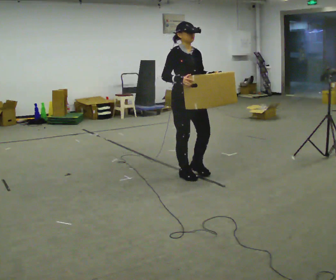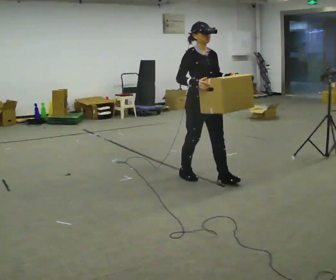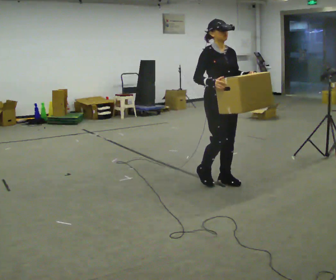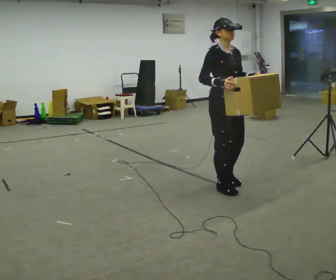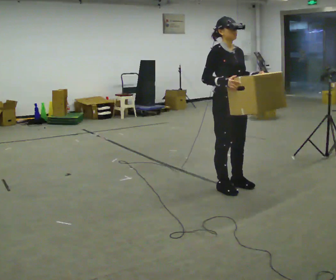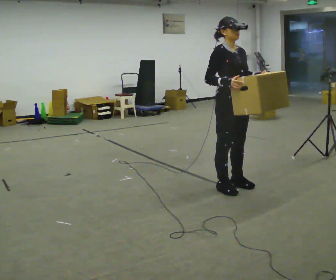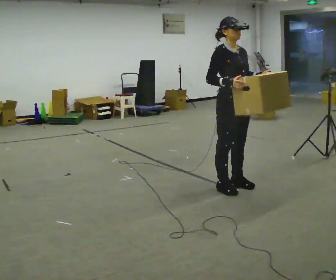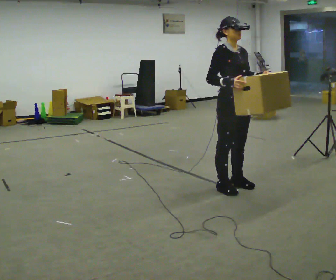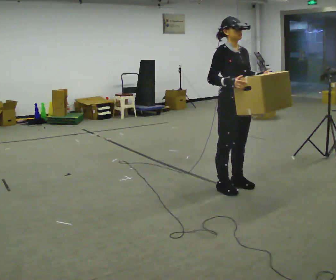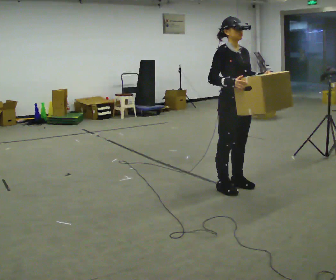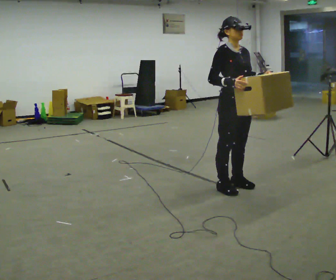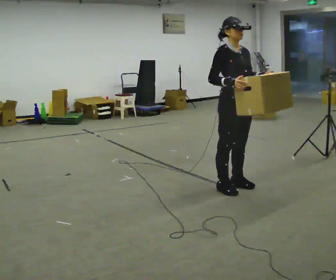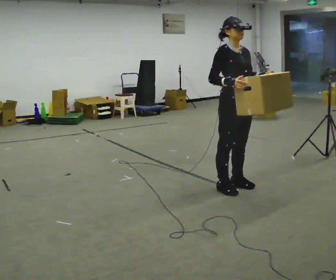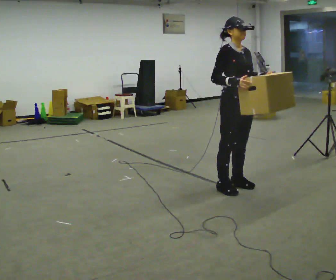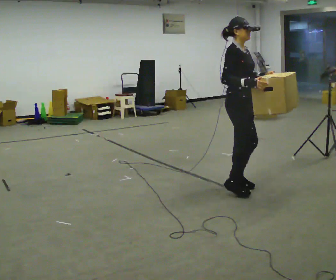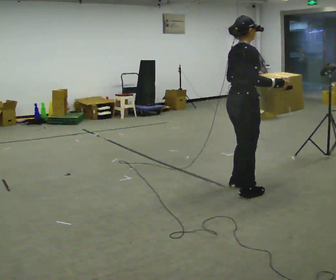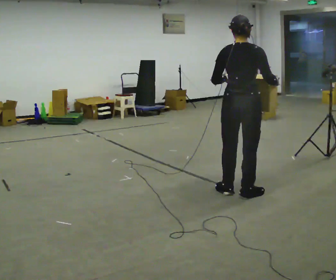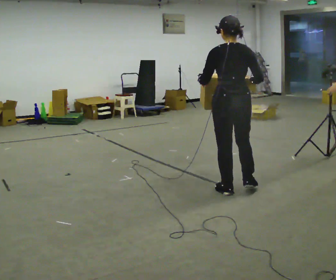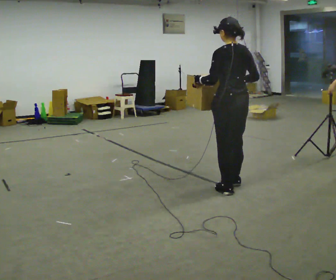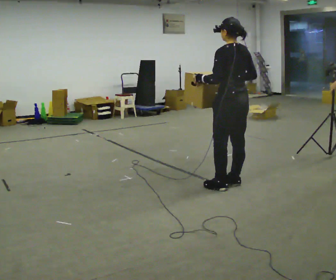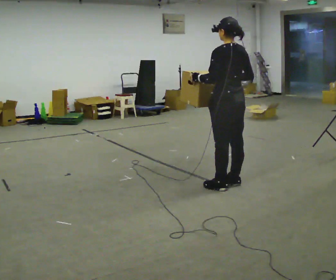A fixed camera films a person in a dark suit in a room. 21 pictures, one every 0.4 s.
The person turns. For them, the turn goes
to their left.
The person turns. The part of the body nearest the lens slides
to the right.
0.0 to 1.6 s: In the picture they go to the right and toward the camera, about 0.5 m in 3 steps, which for them is forward.
1.6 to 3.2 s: The person moves a little, or ends about where they began.
3.2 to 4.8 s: The person keeps their place and pose.
4.8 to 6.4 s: Seen from above the body turns counterclockwise, about 120 degrees: to their left, with its near side sliding to the right. In the picture they go toward the camera, about 0.25 m in 2 steps. In the picture their right hand goes to the right.
6.4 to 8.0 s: The part of the body nearest the lens slides to the right as the person turns to their left by about 60 degrees. In the picture they go away from the camera, about 0.25 m in 1 step, which for them is forward. In the picture their right hand goes to the left.
The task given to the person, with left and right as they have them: Carry the box across the room much more slowly and carefully than normal, back and forth.
The film runs forward here.
